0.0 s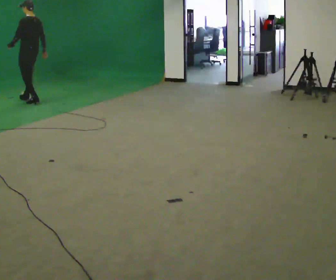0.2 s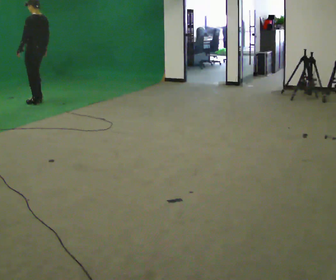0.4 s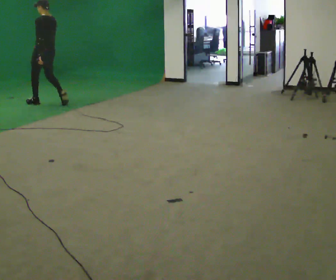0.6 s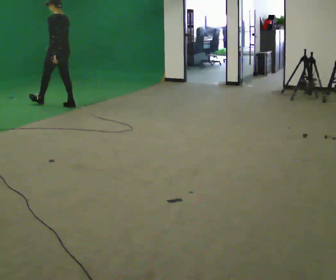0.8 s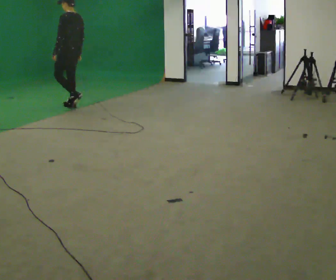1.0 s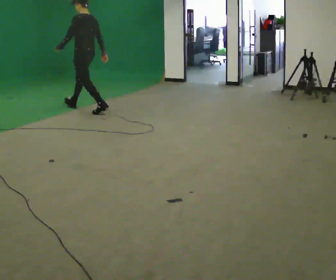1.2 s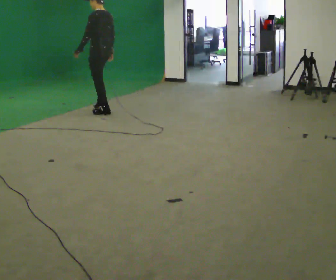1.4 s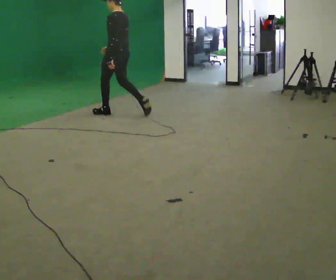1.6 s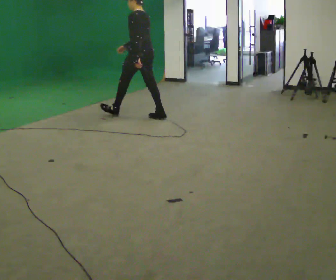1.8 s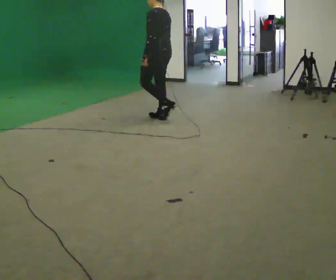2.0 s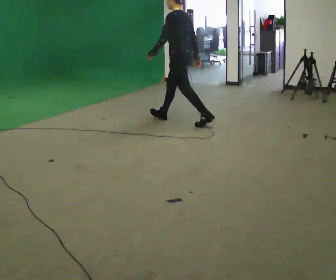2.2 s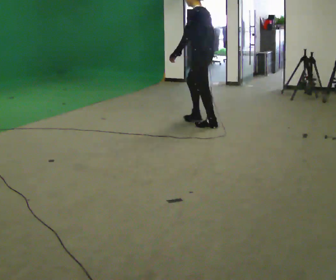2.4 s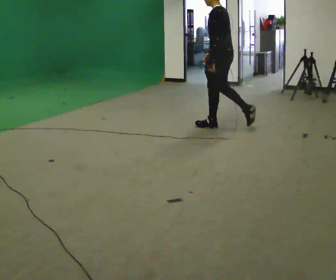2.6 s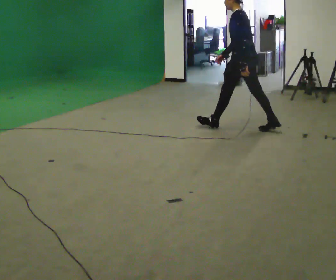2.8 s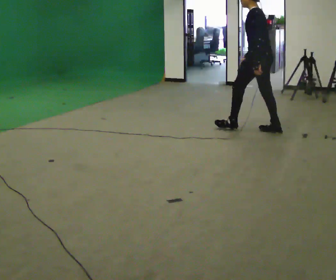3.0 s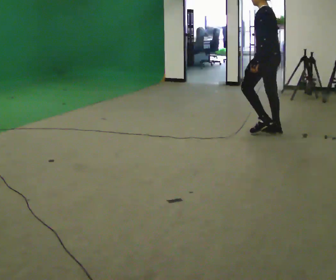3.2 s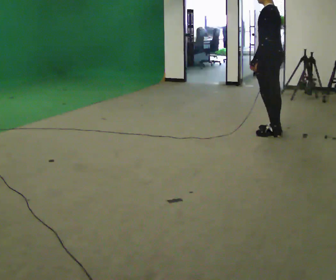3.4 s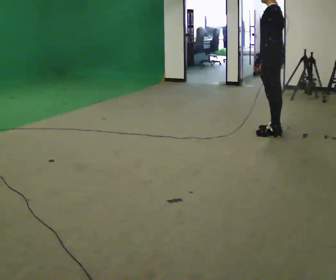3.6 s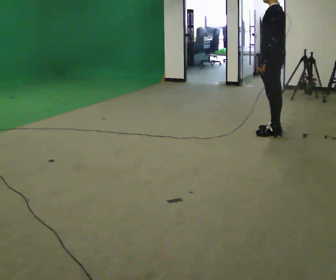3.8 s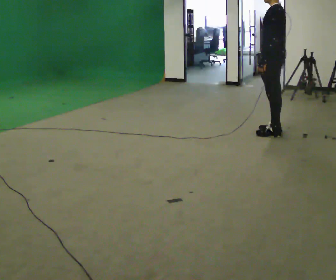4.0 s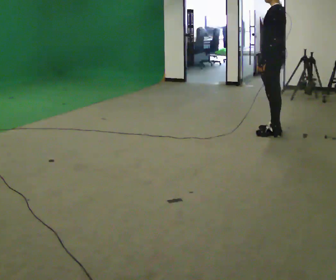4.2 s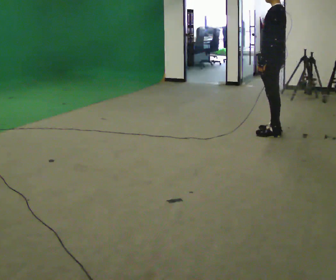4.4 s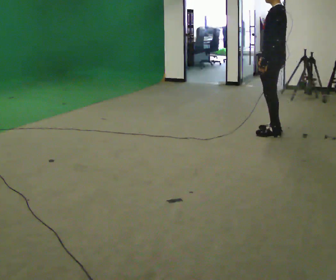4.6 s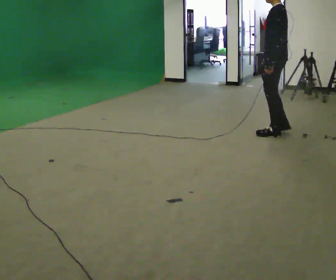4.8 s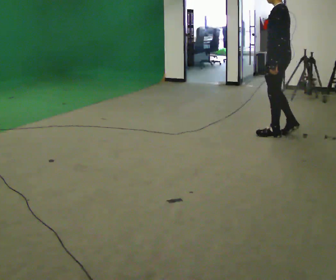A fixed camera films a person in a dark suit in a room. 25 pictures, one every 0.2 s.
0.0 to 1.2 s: In the picture they go to the right, about 1.5 m in 3 steps, which for them is backward.
1.2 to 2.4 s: In the picture they go to the right, about 2 m in 2 steps, which for them is backward.
2.4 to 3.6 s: In the picture they go to the right and toward the camera, about 0.75 m in 1 step, which for them is backward.
3.6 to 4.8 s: The person moves a little, or ends about where they began.
The film runs backward here.
